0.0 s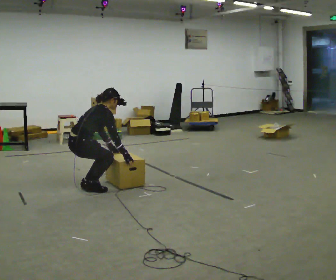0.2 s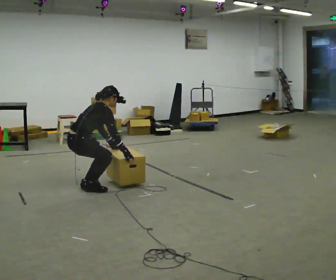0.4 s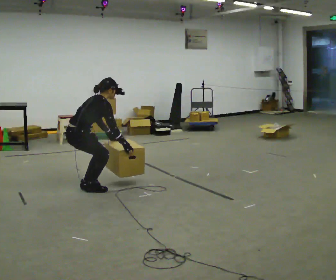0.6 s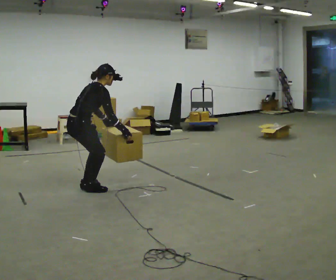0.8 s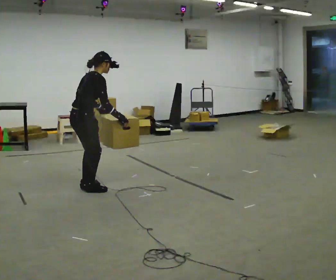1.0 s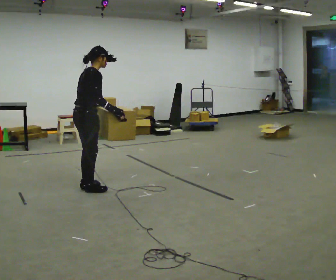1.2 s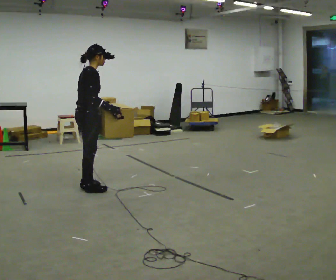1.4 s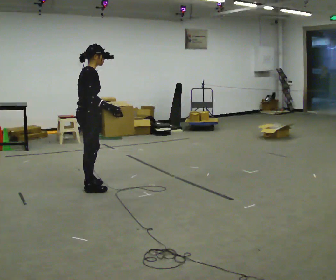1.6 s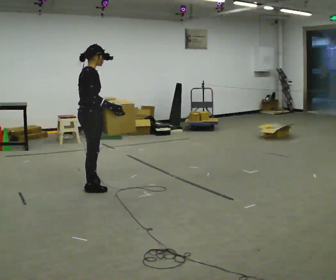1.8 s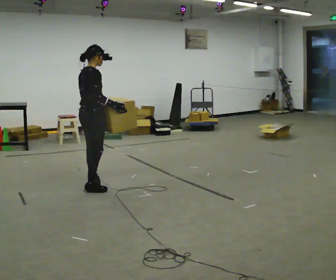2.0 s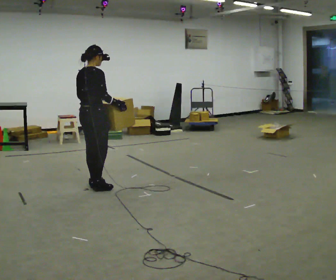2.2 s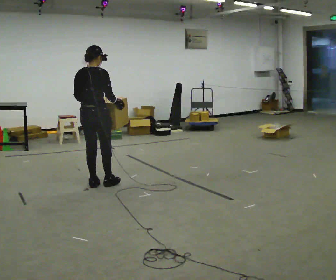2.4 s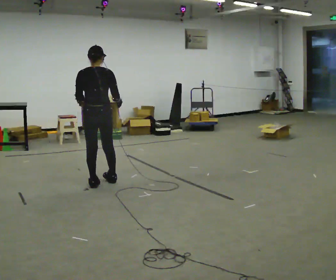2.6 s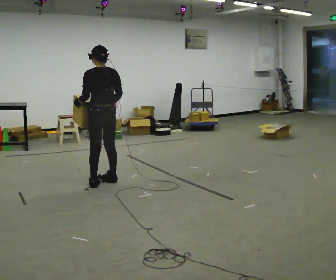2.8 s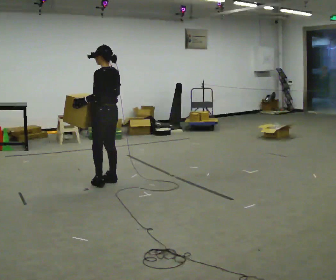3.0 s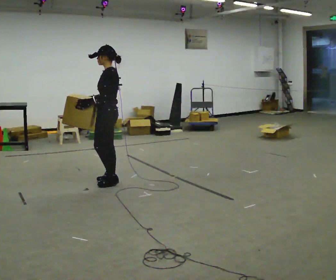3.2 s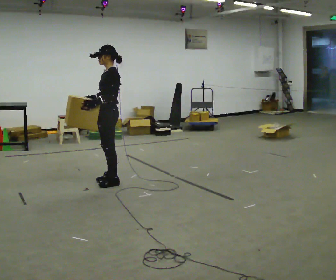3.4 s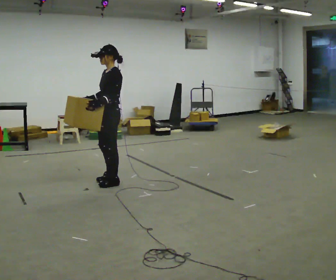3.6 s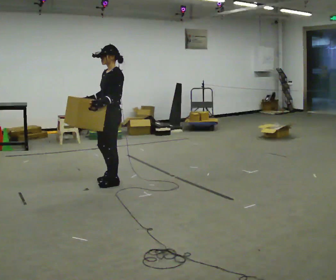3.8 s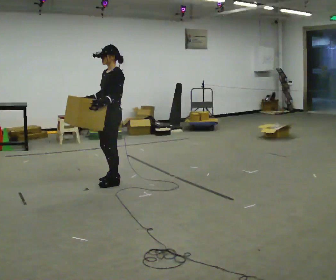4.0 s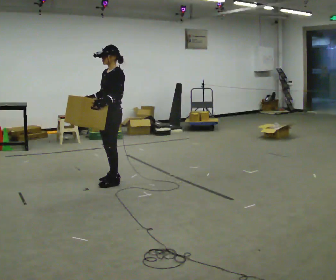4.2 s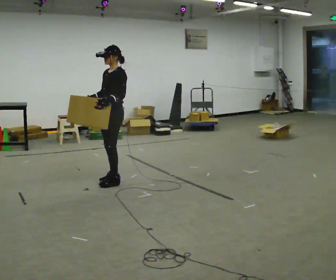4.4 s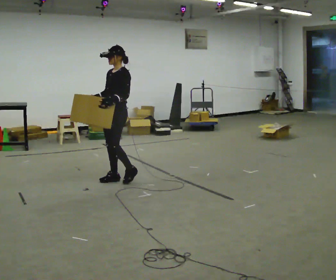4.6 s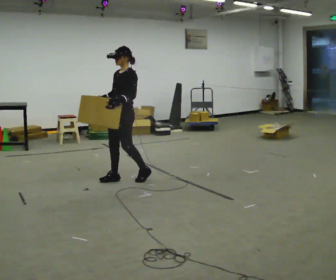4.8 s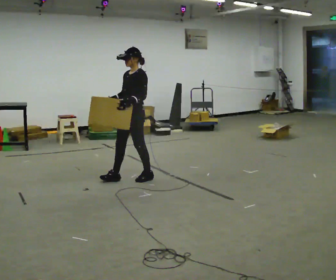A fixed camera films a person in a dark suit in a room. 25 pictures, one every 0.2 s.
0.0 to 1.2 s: The shoulders move upward. In the picture the upper body tilts counterclockwise, shoulders to the left, as they lean back or straighten. In the picture their right hand goes upward.
1.2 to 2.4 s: The person turns about 60 degrees to their left, counterclockwise seen from above, so the part of the body nearest the lens slides to the right. In the picture they go away from the camera, about 0.25 m in 1 step.
2.4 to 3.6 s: The person turns about 120 degrees to their left, counterclockwise seen from above, so the part of the body nearest the lens slides to the right. In the picture they go to the right, about 0.25 m in 1 step. In the picture their right hand goes to the left.
3.6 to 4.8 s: In the picture they go to the right, about 0.25 m in 1 step, which for them is backward.
The film runs backward here.
